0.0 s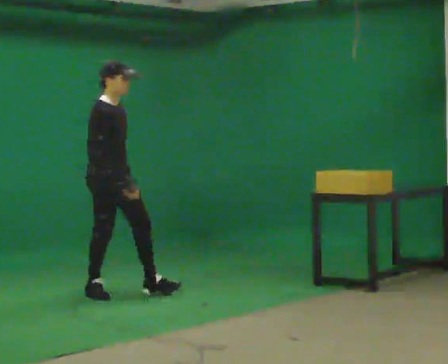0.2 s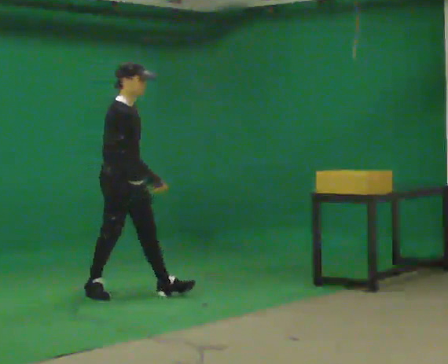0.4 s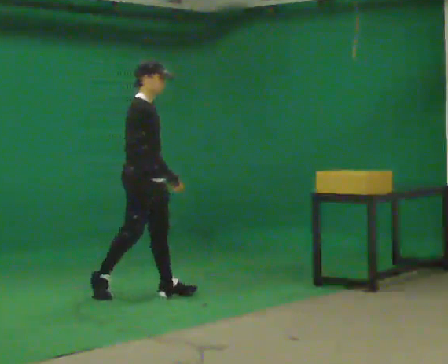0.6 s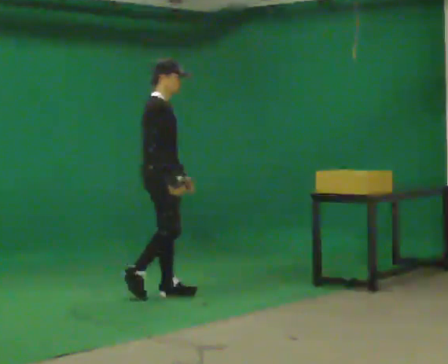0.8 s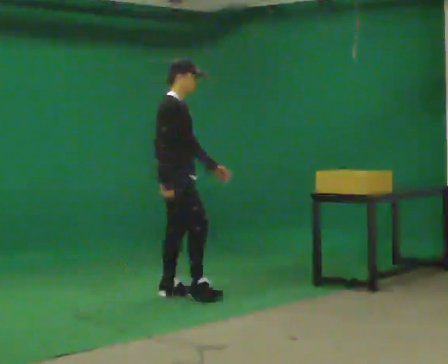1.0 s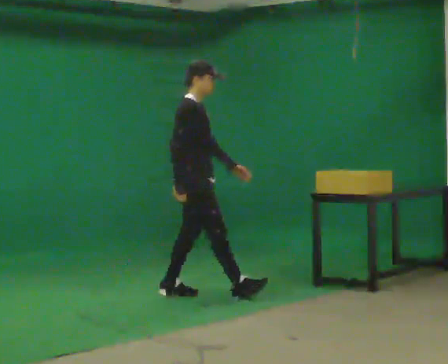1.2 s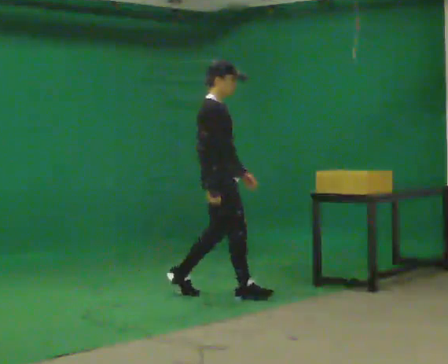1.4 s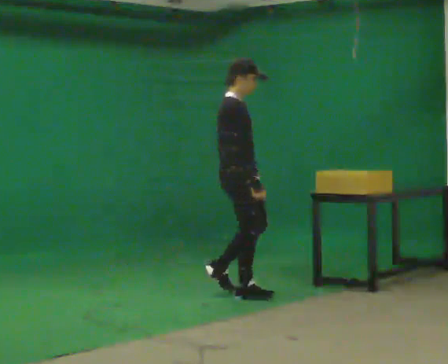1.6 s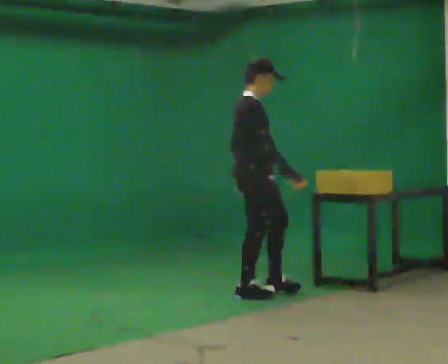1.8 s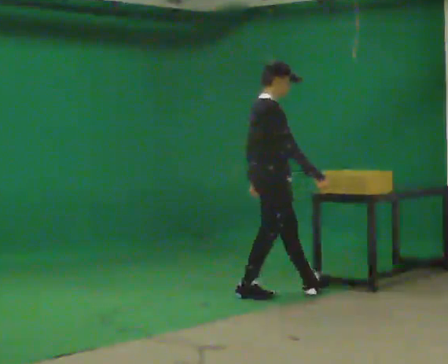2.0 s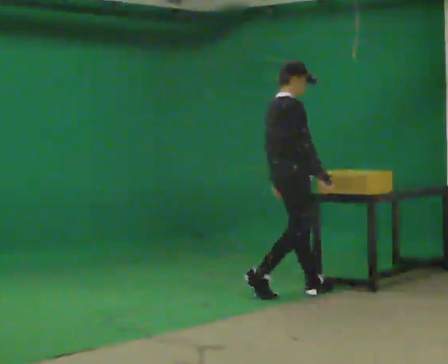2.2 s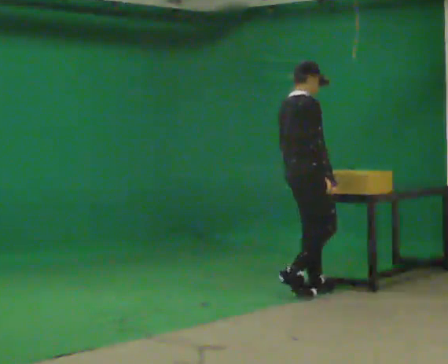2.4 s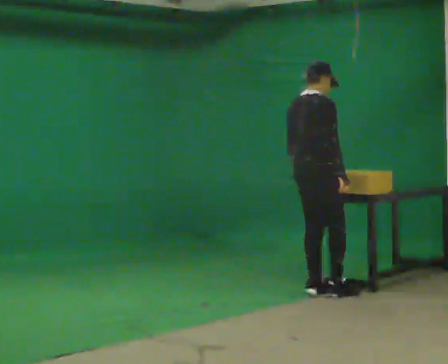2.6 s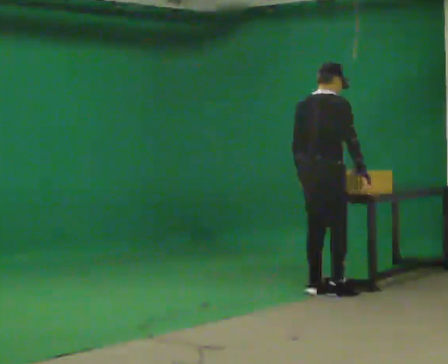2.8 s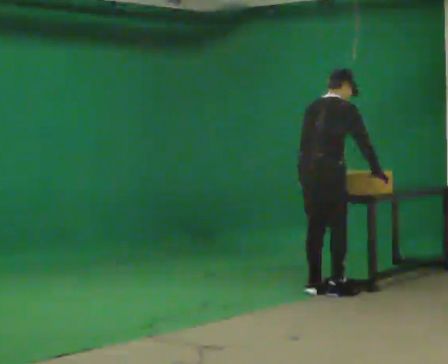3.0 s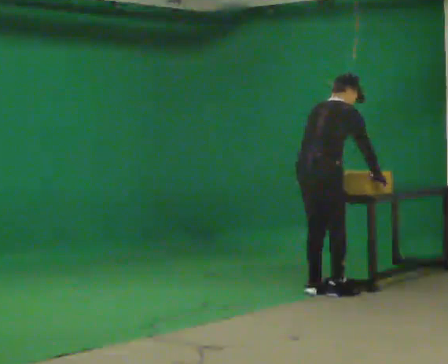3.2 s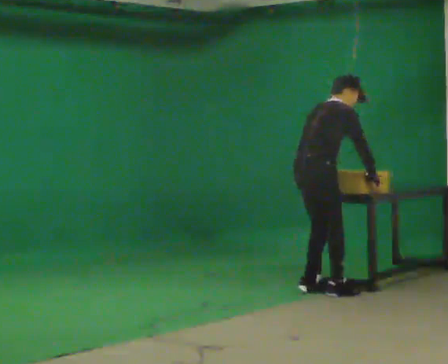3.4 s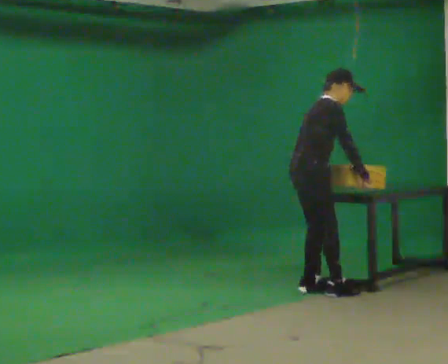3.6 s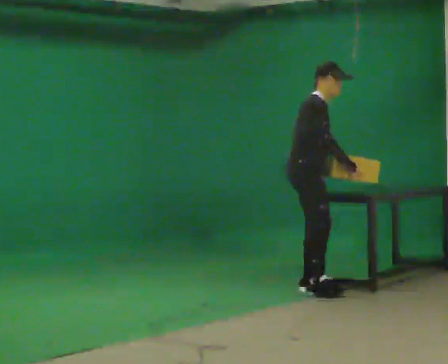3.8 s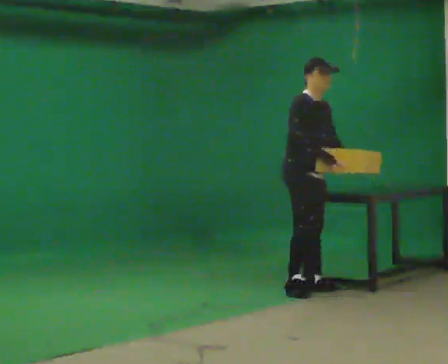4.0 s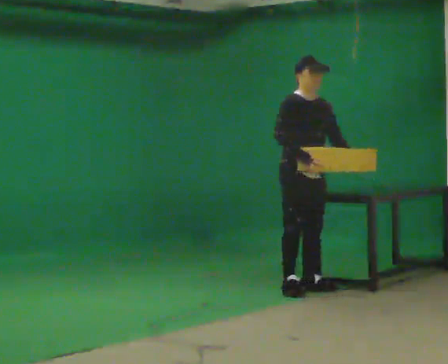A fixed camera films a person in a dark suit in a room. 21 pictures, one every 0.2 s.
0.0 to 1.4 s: In the picture they go to the right, about 1 m in 2 steps, which for them is forward.
1.4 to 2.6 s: The person turns about 45 degrees to their left, counterclockwise seen from above, so the part of the body nearest the lens slides to the right. In the picture they go to the right, about 0.75 m in 2 steps, which for them is forward. The upper body tips away from the camera, its near side rolling upward, as they bend forward.
2.6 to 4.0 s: The person turns about 90 degrees to their right, clockwise seen from above, so the part of the body nearest the lens slides to the left. In the picture they go to the left, about 0.25 m in 1 step. In the picture their left hand goes to the right, the arm swinging counterclockwise.
The film runs forward here.
